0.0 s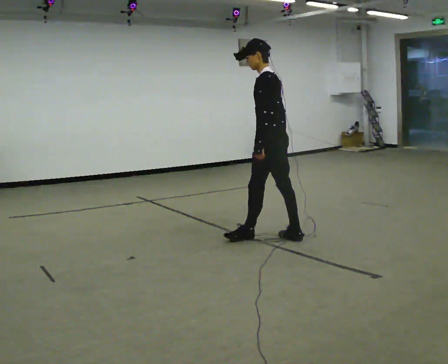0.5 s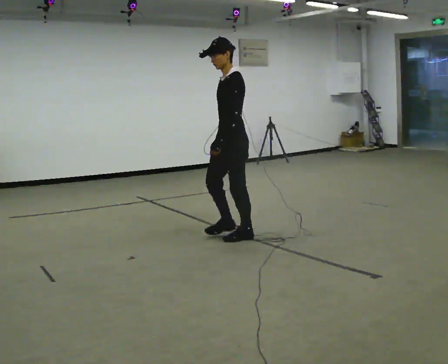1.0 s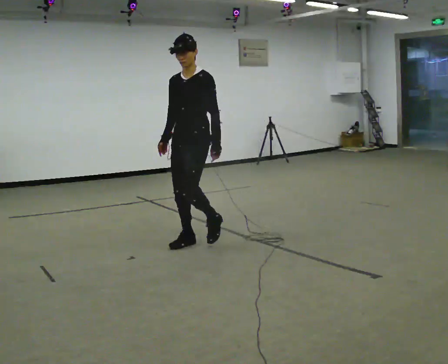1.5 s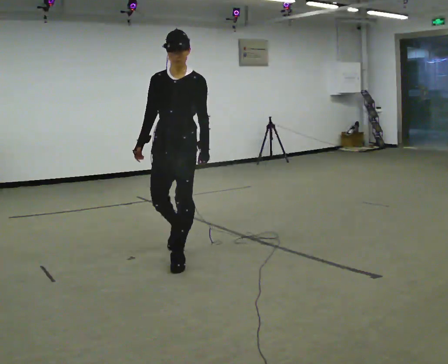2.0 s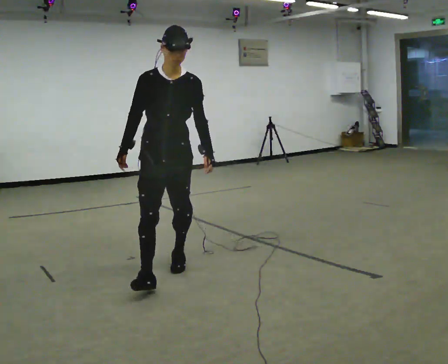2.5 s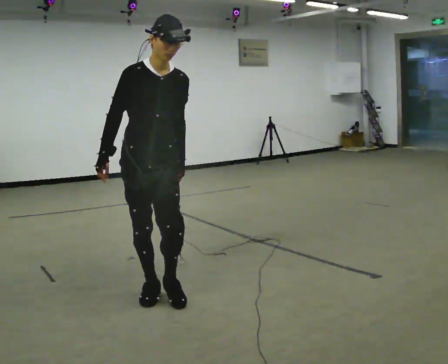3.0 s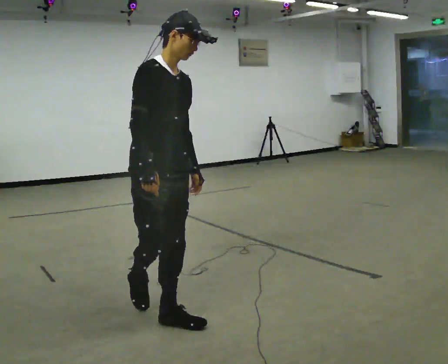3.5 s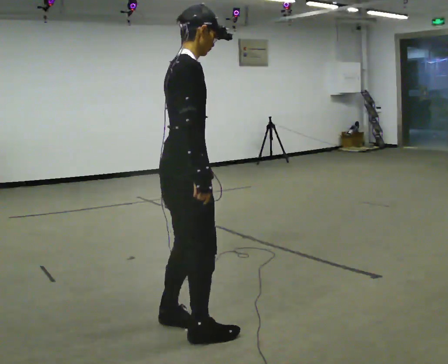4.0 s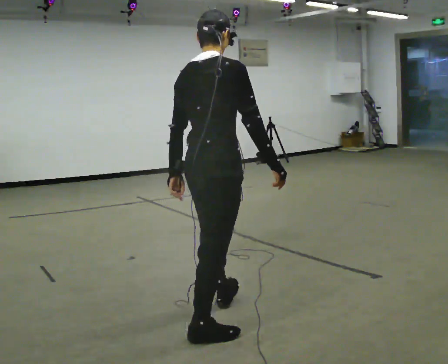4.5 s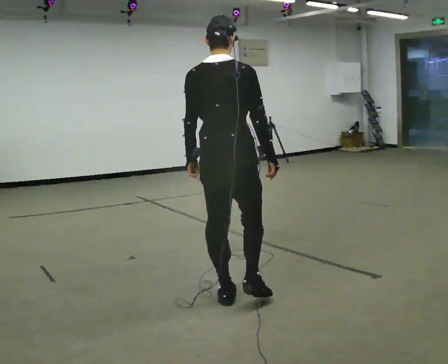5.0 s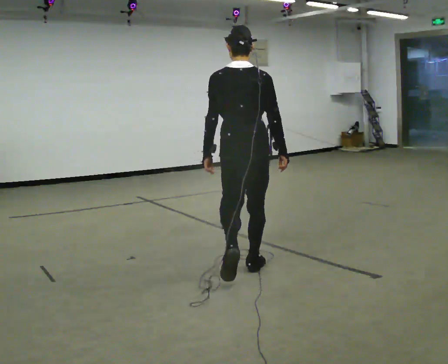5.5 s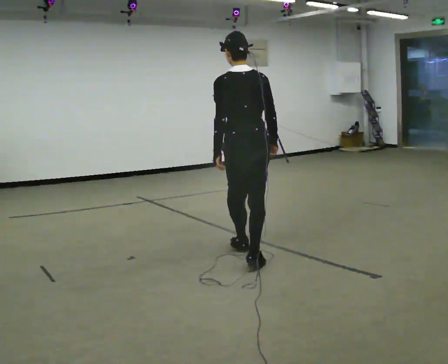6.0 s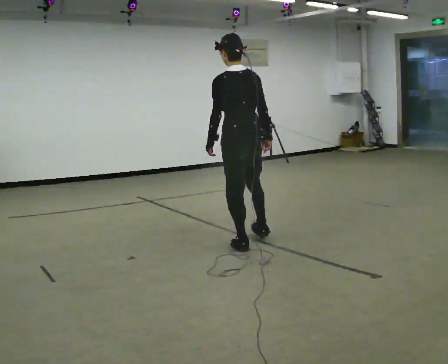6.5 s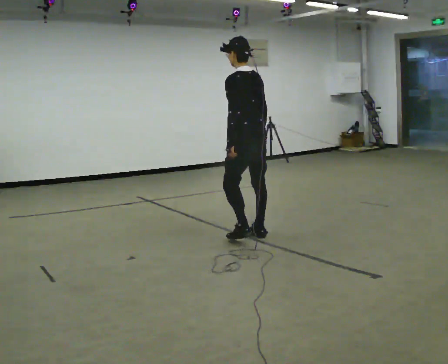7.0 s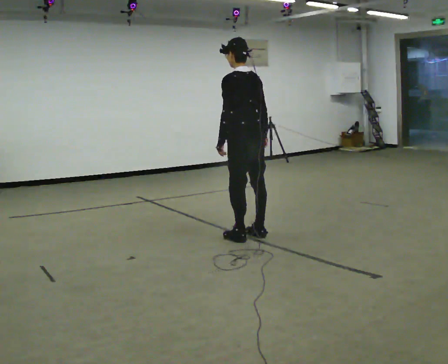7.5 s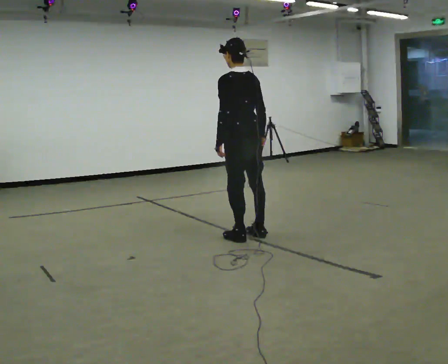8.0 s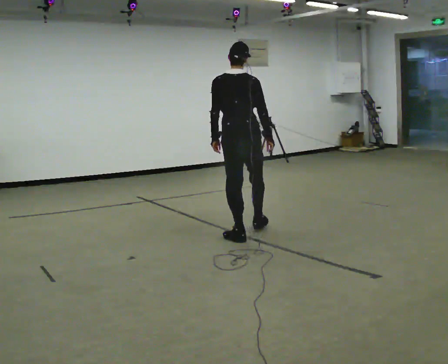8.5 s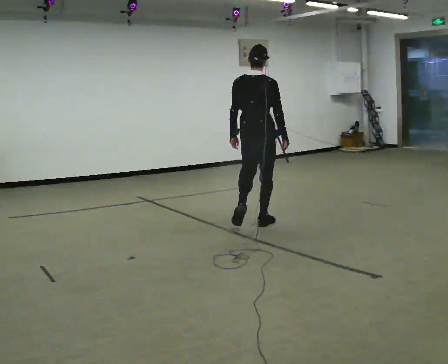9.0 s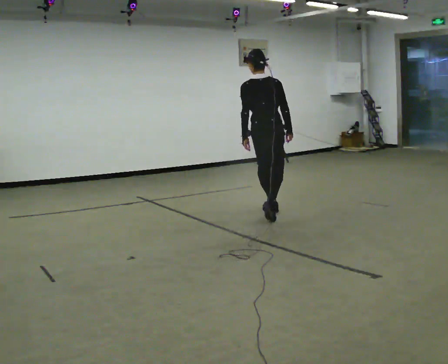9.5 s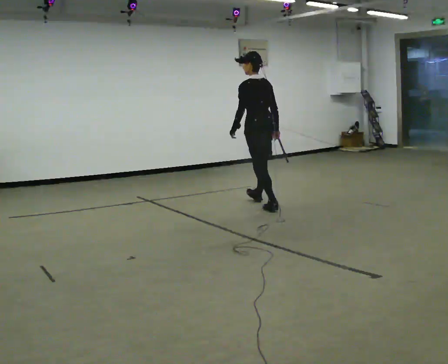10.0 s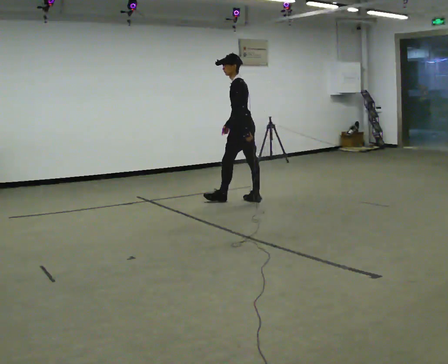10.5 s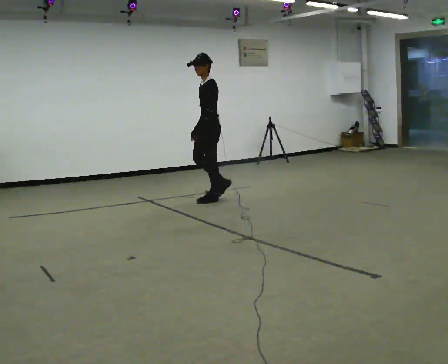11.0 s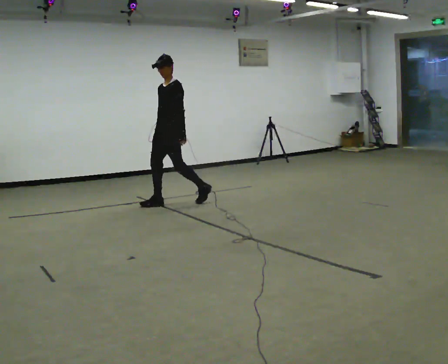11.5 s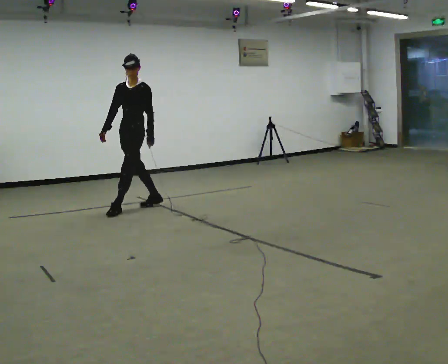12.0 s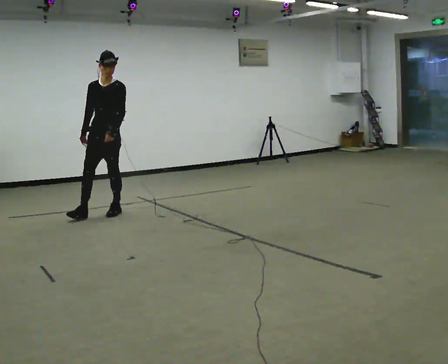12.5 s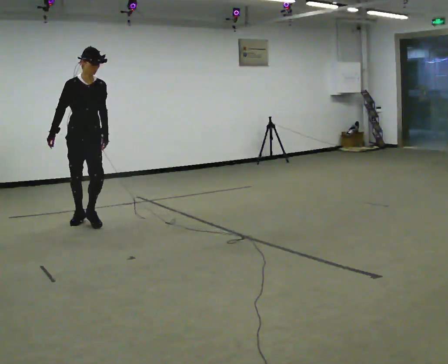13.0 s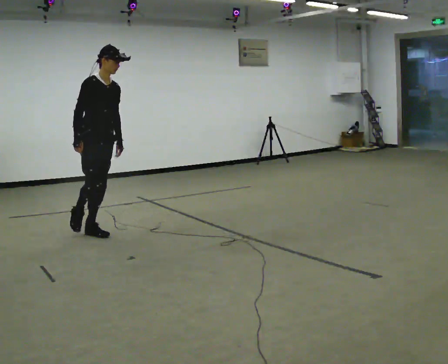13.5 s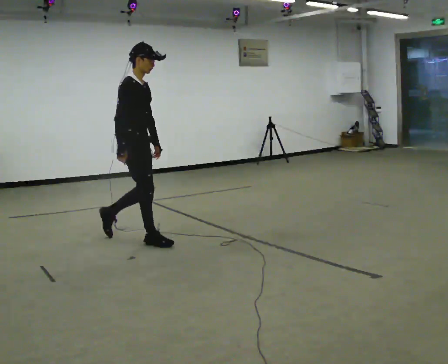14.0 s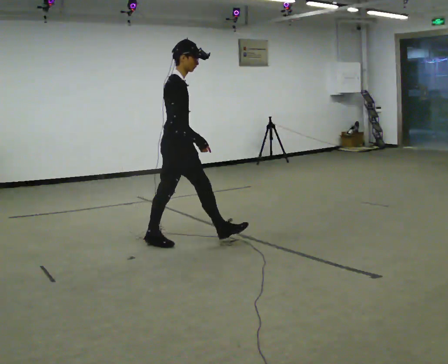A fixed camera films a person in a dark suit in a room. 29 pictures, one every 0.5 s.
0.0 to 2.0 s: The part of the body nearest the lens slides to the right as the person turns to their left by about 120 degrees. In the picture they go toward the camera and to the left, about 1 m in 2 steps.
2.0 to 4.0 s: Seen from above the body turns counterclockwise, about 135 degrees: to their left, with its near side sliding to the right. In the picture they go toward the camera and to the right, about 1 m in 3 steps.
4.0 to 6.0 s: The part of the body nearest the lens slides to the right as the person turns to their left by about 75 degrees. In the picture they go away from the camera, about 1.5 m in 3 steps.
6.0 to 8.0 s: Seen from above the body turns clockwise, about 30 degrees: to their right, with its near side sliding to the left. In the picture they go away from the camera, about 0.25 m in 2 steps, which for them is to their right and forward.
8.0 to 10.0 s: Seen from above the body turns counterclockwise, about 75 degrees: to their left, with its near side sliding to the right. In the picture they go away from the camera, about 1.5 m in 3 steps.
10.0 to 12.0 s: The person turns about 90 degrees to their left, counterclockwise seen from above, so the part of the body nearest the lens slides to the right. In the picture they go to the left and toward the camera, about 1.5 m in 3 steps.
12.0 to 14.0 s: Seen from above the body turns counterclockwise, about 90 degrees: to their left, with its near side sliding to the right. In the picture they go toward the camera and to the right, about 1.5 m in 4 steps.
The film runs forward here.
